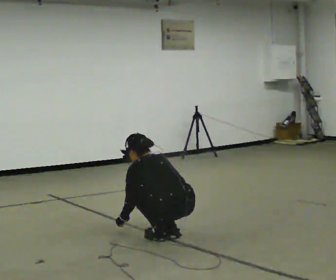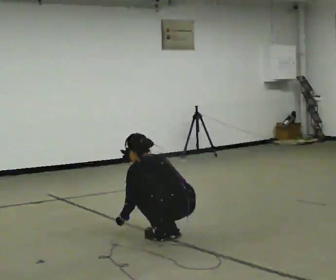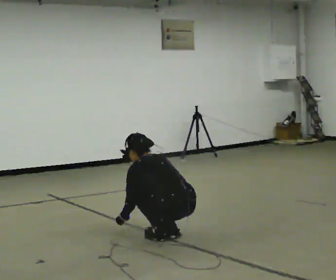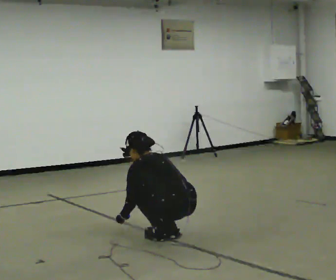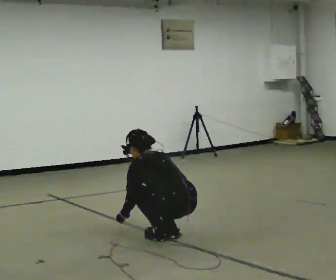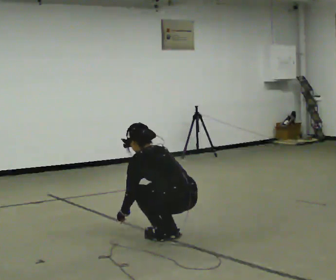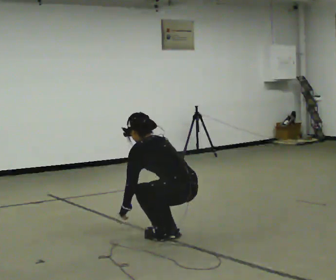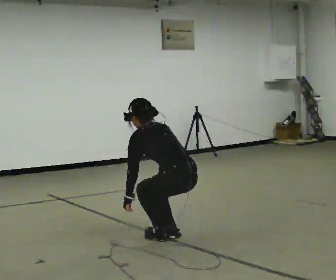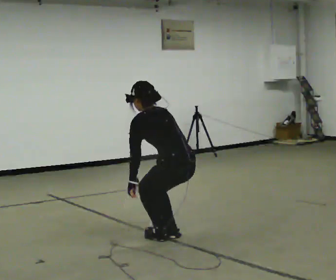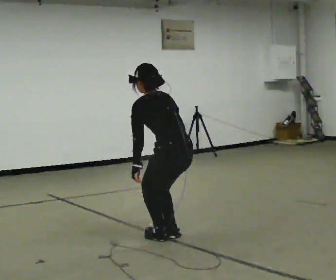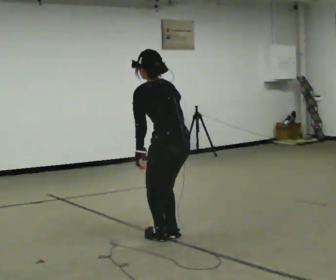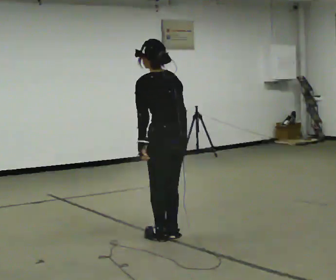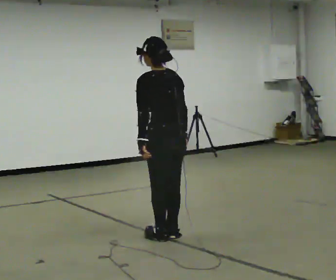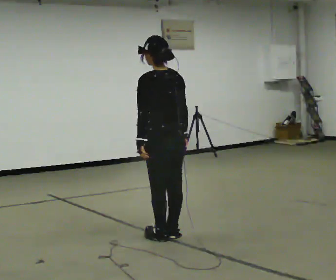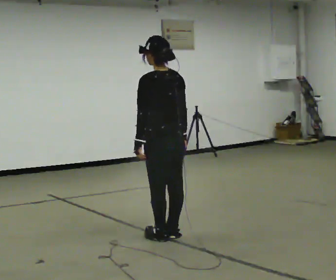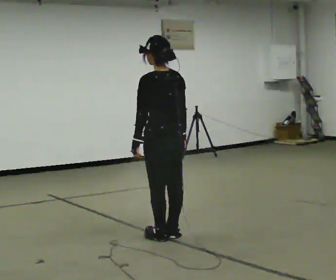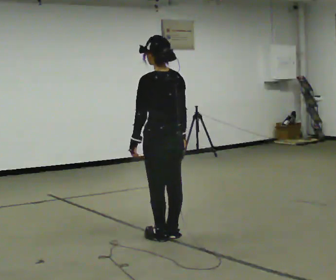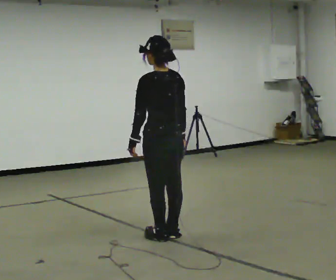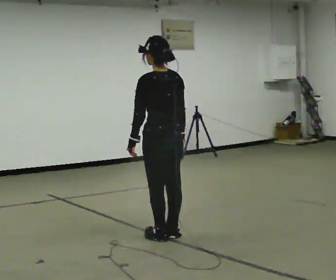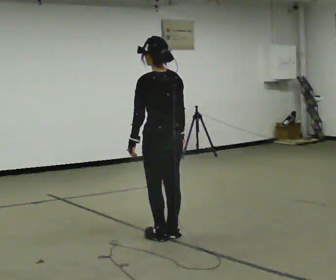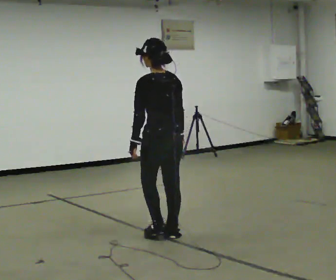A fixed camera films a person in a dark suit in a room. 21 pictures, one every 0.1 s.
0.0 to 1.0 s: The upper body goes upward. In the picture the upper body tilts clockwise, shoulders to the right, as they lean back or straighten. In the picture their left hand goes upward.
1.0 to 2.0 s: In the picture they go away from the camera, about 0.25 m, which for them is forward.
The film runs forward here.
